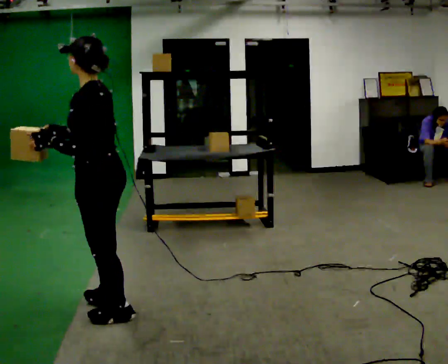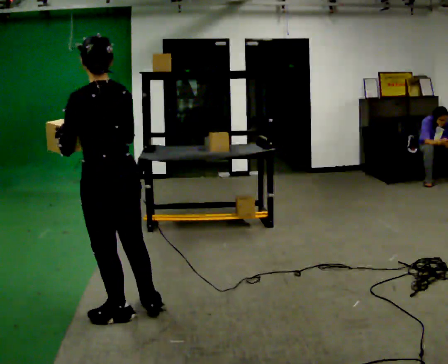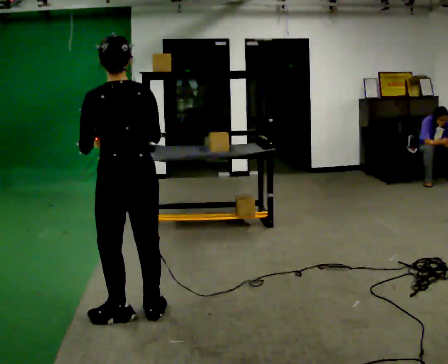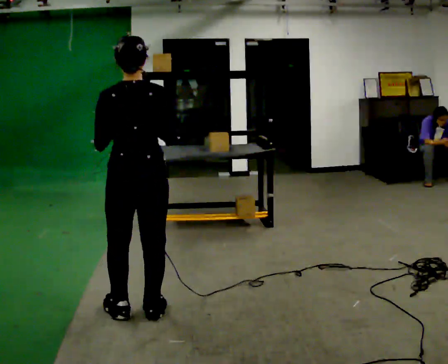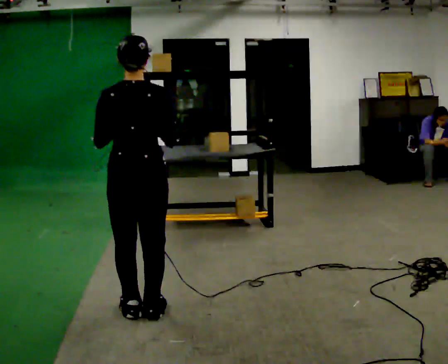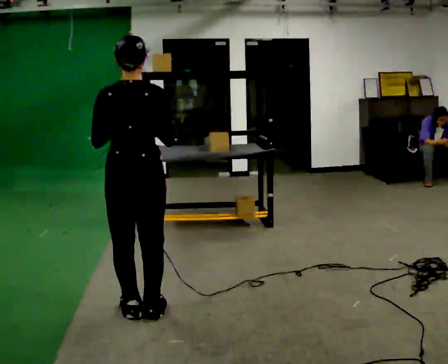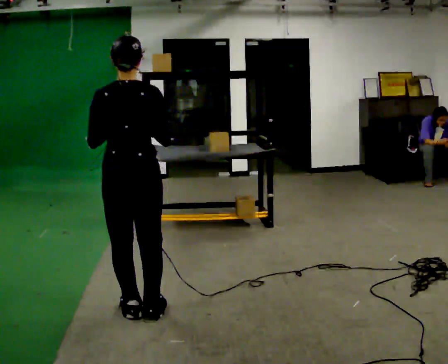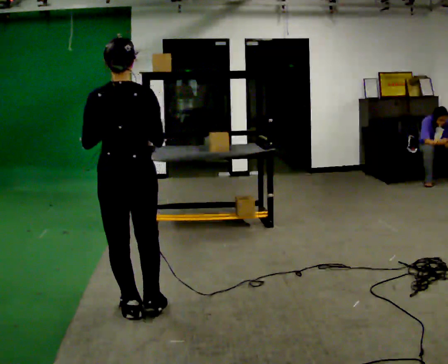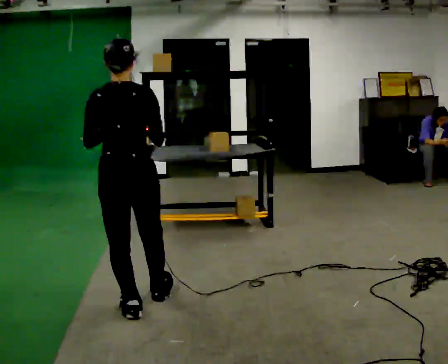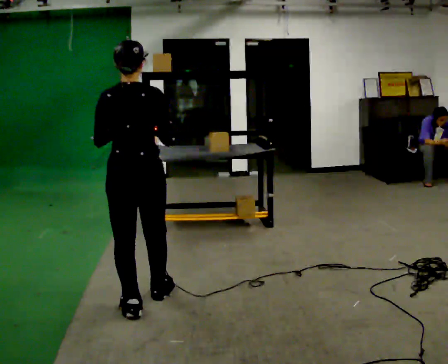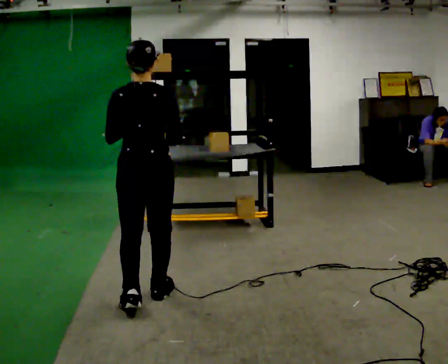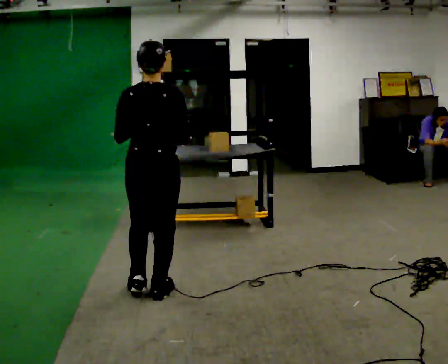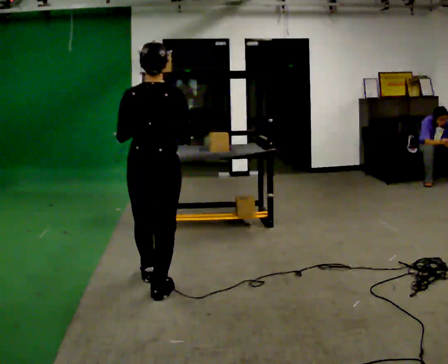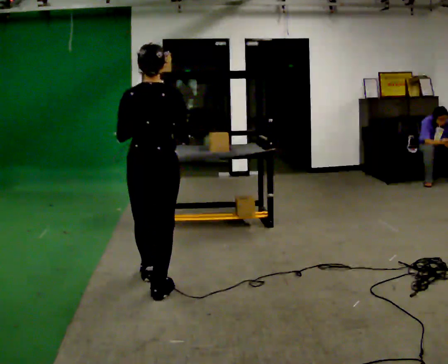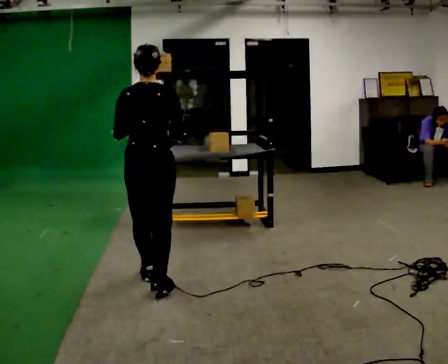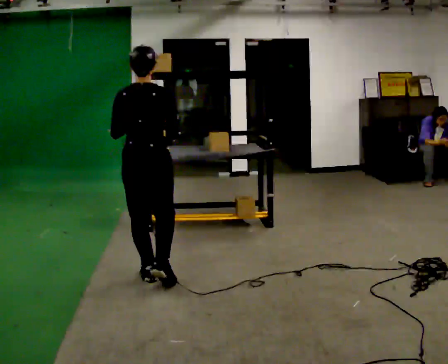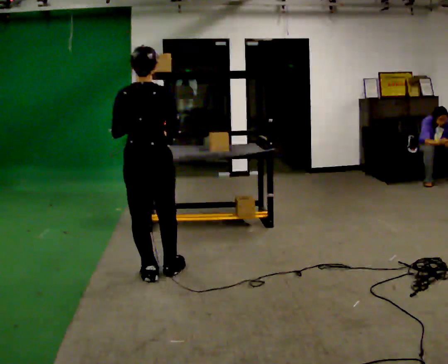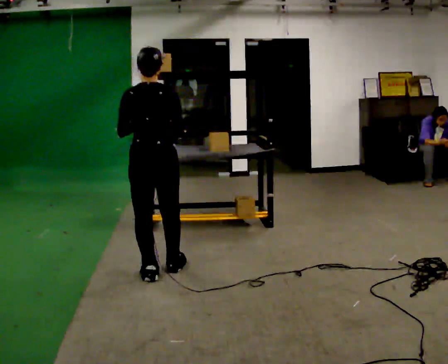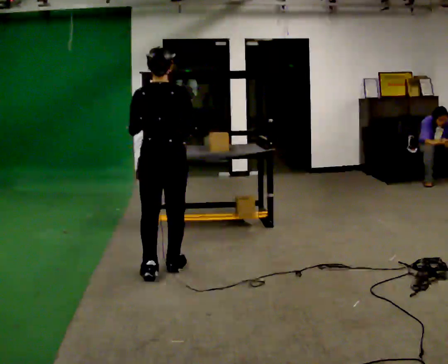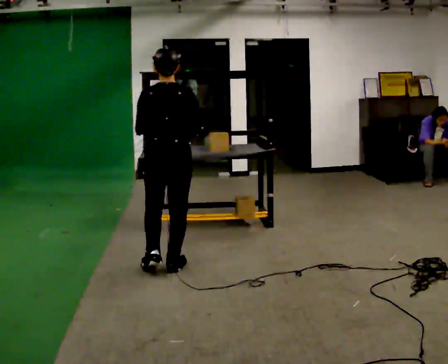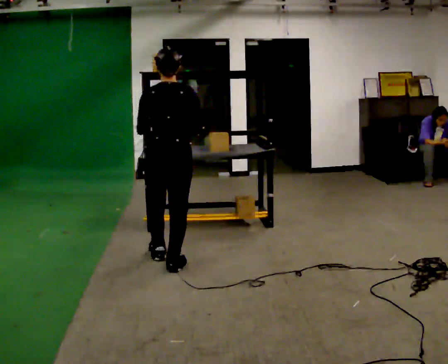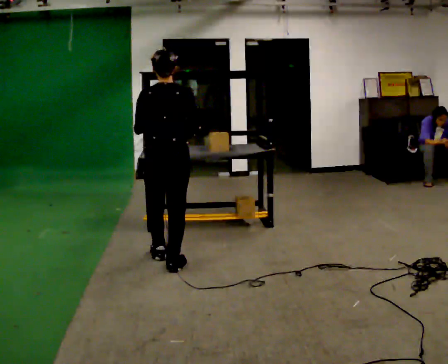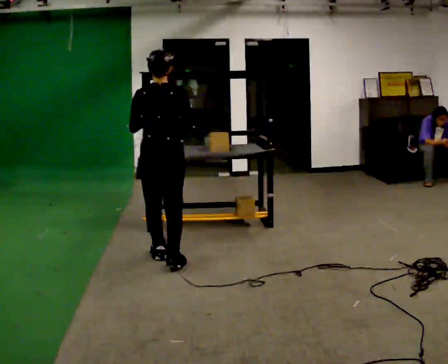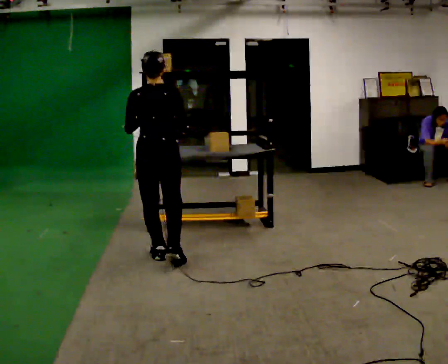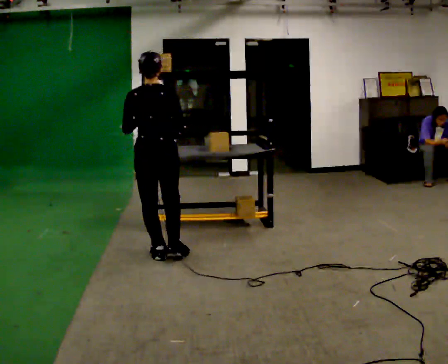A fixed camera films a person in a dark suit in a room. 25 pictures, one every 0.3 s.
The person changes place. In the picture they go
away from the camera.
0.0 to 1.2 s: The person turns about 75 degrees to their right, clockwise seen from above, so the part of the body nearest the lens slides to the left. In the picture they go to the right, about 0.25 m in 1 step. In the picture their right hand goes to the right.
1.2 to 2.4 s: The person moves a little, or ends about where they began.
2.4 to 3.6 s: In the picture they go away from the camera, about 0.25 m in 1 step, which for them is forward.
3.6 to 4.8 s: In the picture they go away from the camera, about 0.25 m, which for them is forward and to their left.
4.8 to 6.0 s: In the picture they go away from the camera and to the right, about 0.25 m in 2 steps, which for them is forward.
6.0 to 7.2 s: In the picture they go away from the camera, about 0.25 m, which for them is forward and to their left.
The film runs forward here.
